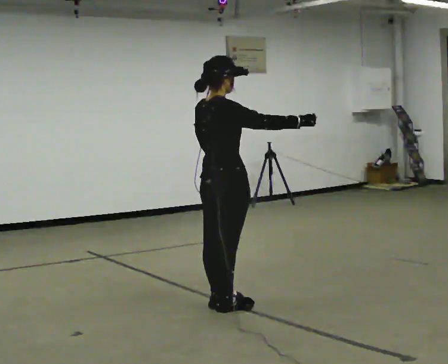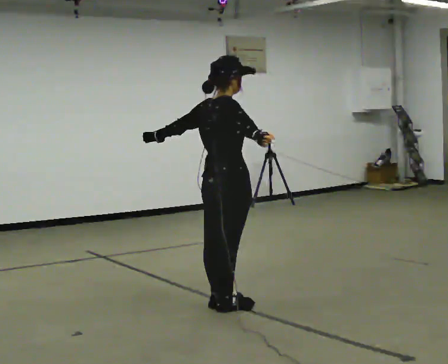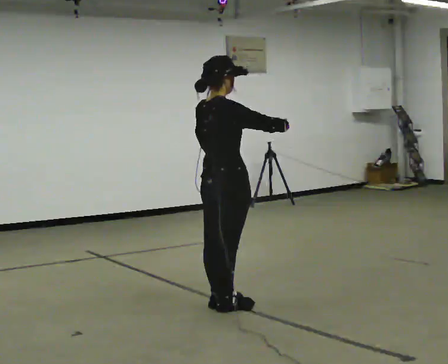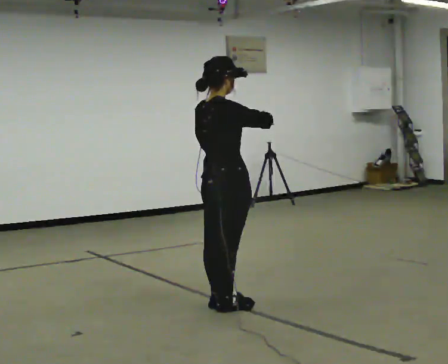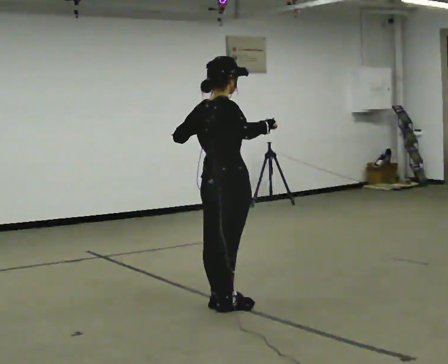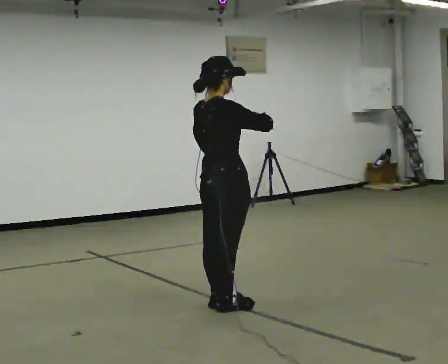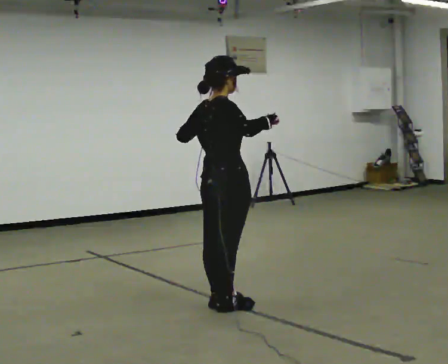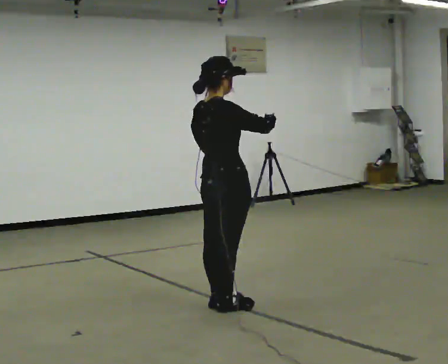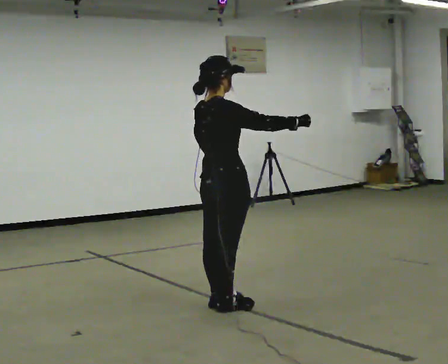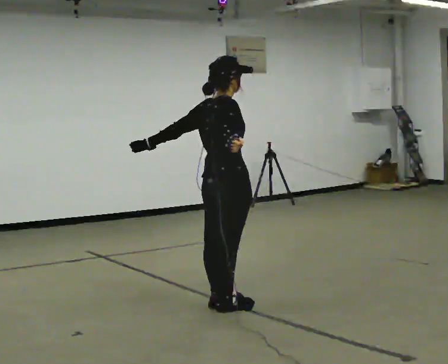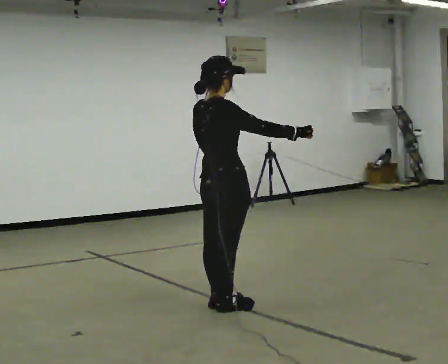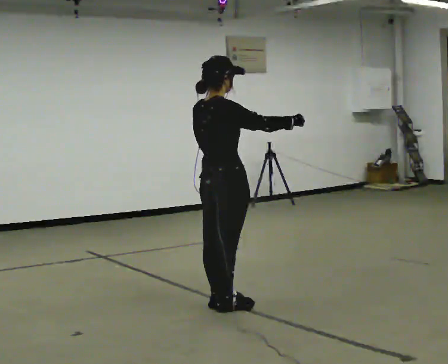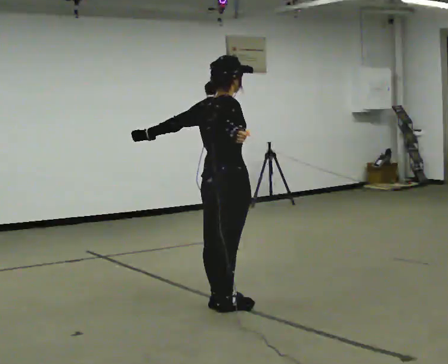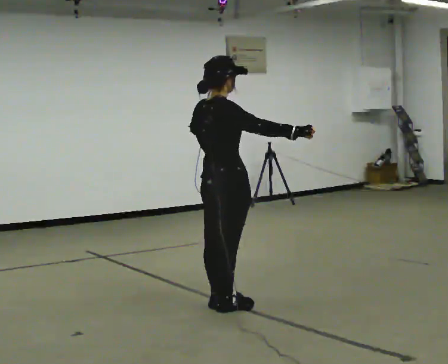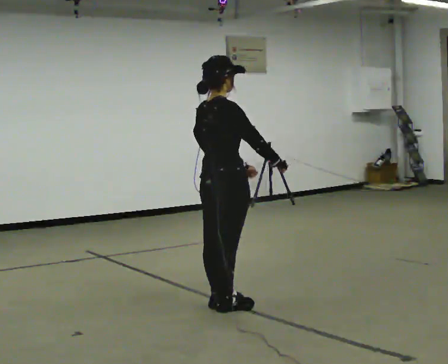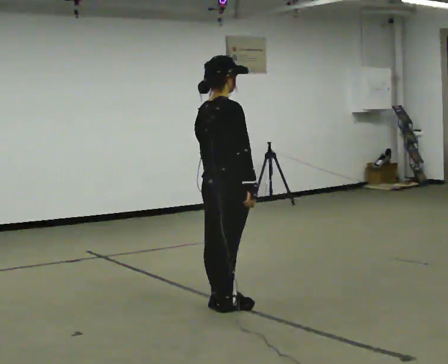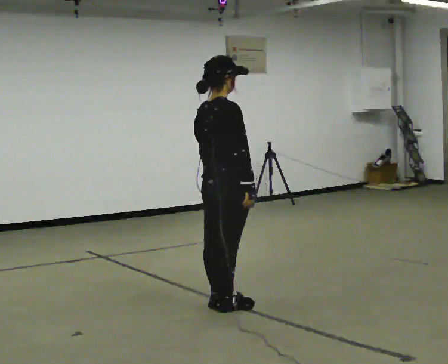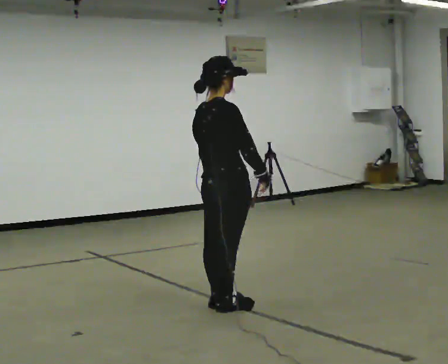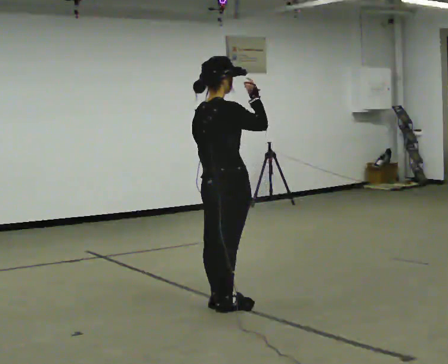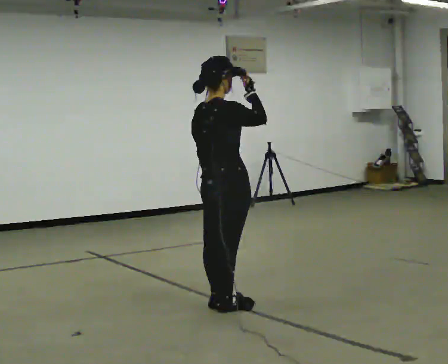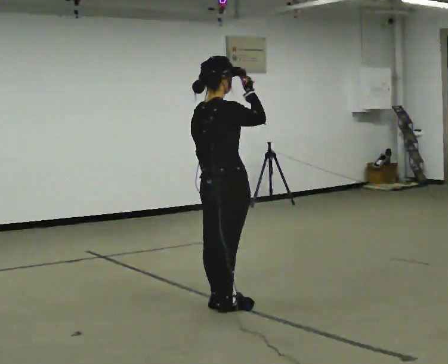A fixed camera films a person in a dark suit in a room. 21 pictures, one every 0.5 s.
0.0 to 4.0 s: The person moves a little, or ends about where they began.
4.0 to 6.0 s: In the picture their left hand goes to the left.
6.0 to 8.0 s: In the picture their left hand goes to the right and downward.
8.0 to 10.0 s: In the picture their right hand goes upward.
The film runs forward here.
